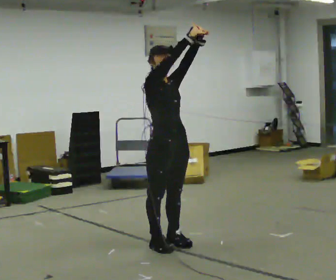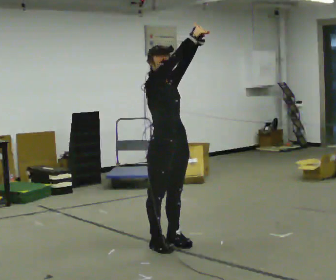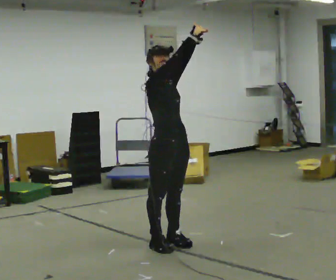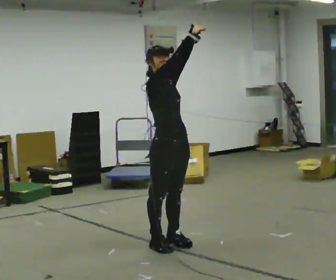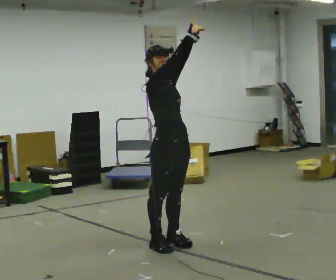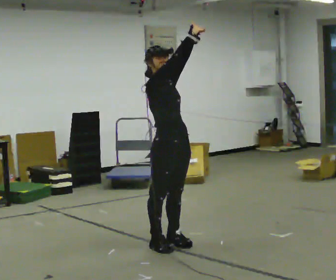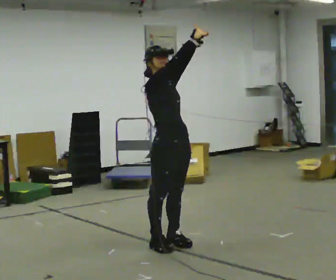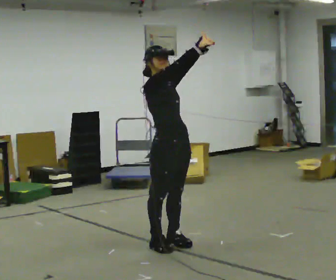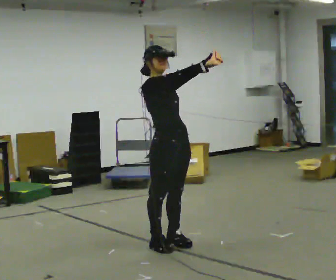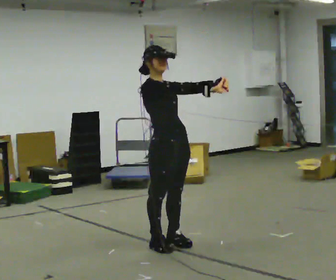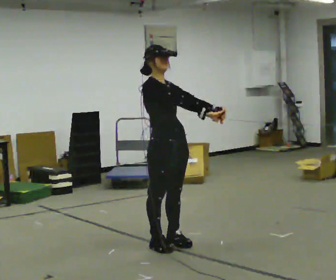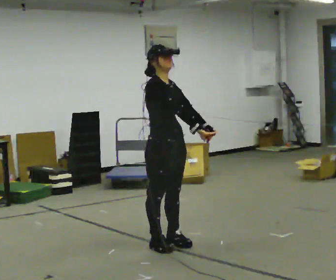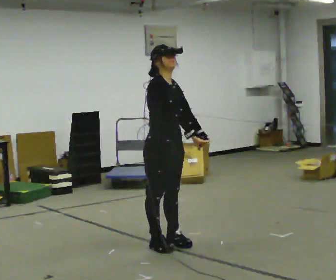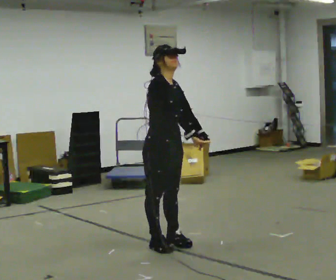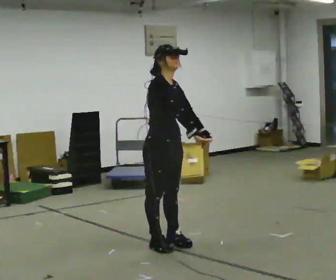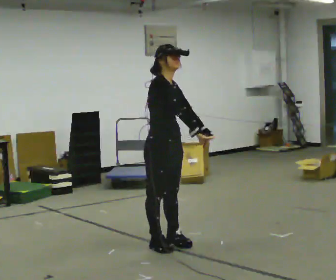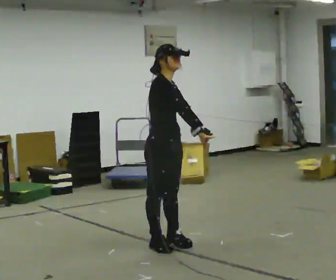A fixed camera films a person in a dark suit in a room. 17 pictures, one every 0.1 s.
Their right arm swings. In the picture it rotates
clockwise.
Their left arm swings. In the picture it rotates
clockwise.
0.0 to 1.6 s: In the picture their left hand goes downward, the arm swinging clockwise.
The film runs forward here.
